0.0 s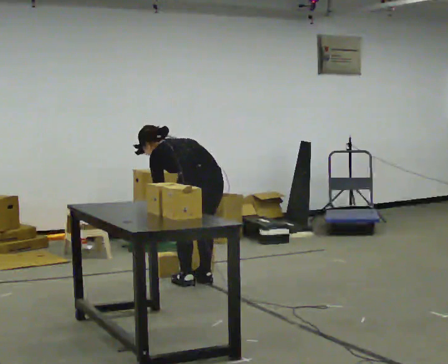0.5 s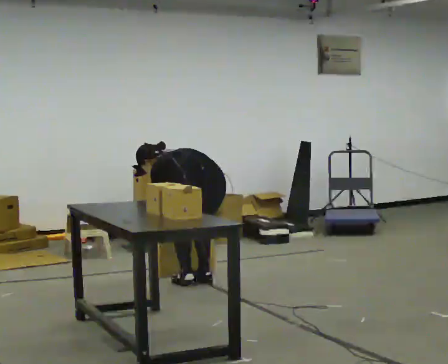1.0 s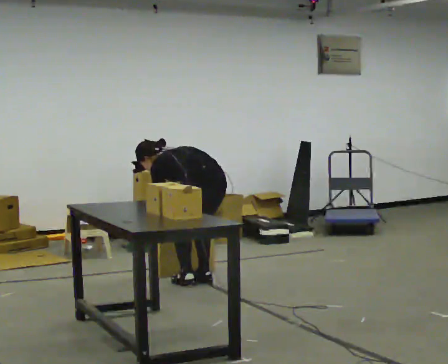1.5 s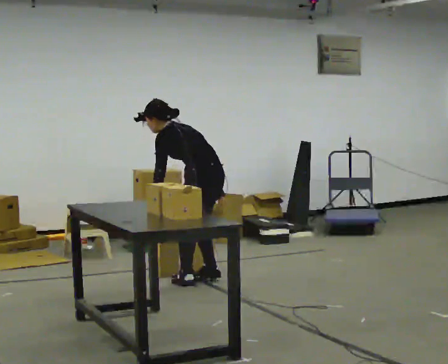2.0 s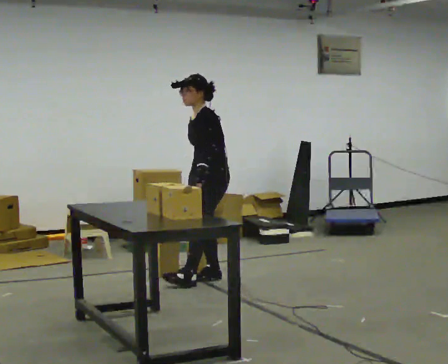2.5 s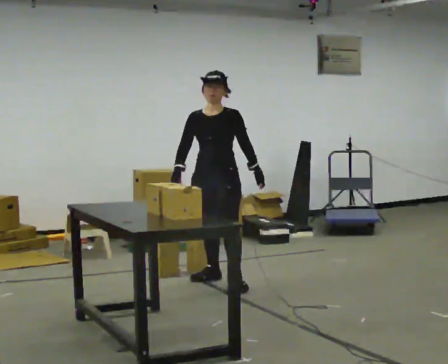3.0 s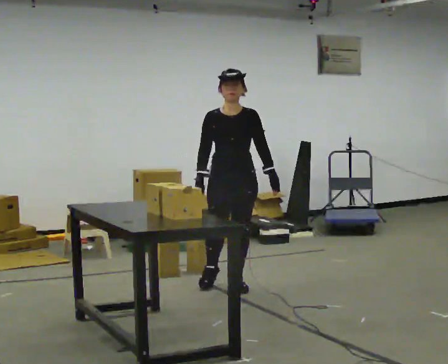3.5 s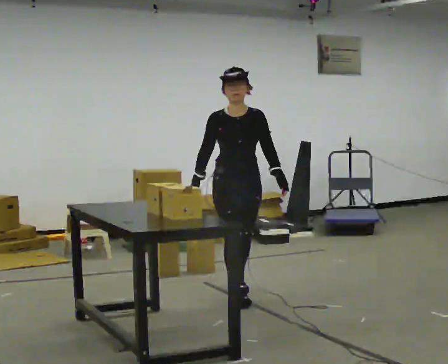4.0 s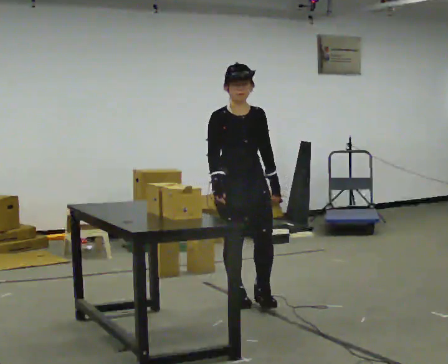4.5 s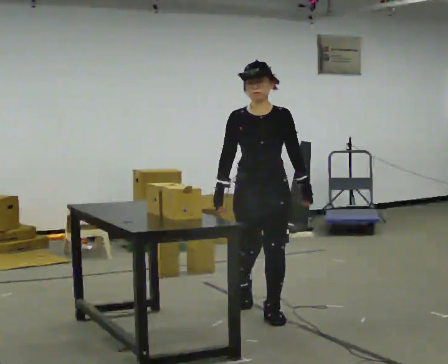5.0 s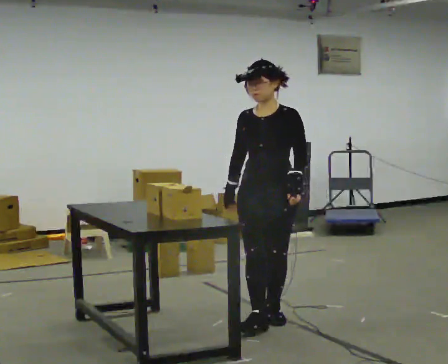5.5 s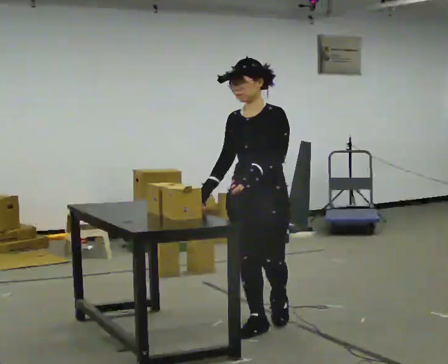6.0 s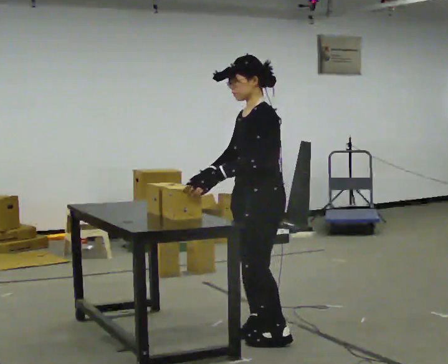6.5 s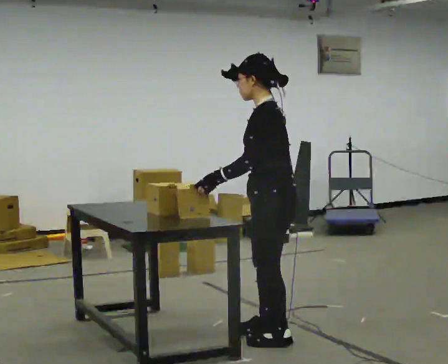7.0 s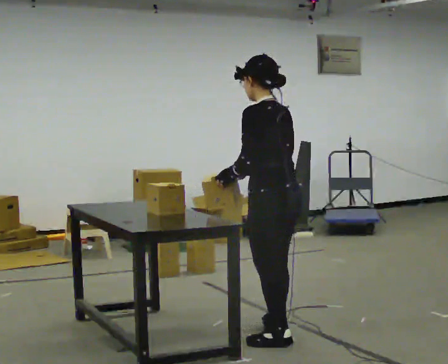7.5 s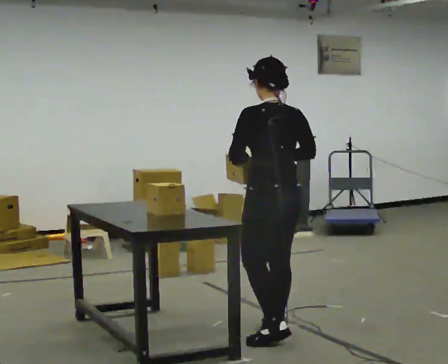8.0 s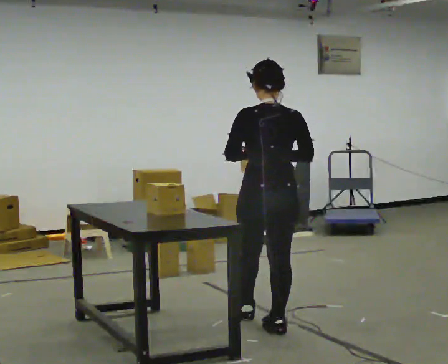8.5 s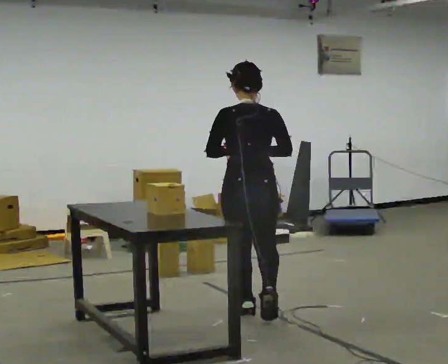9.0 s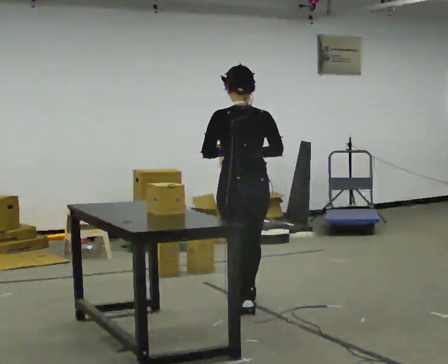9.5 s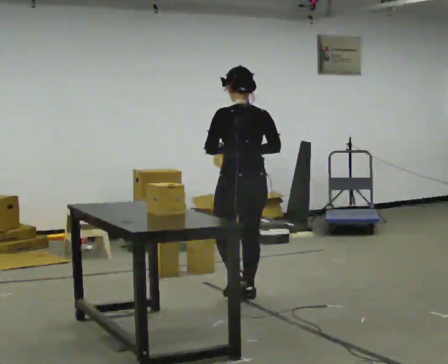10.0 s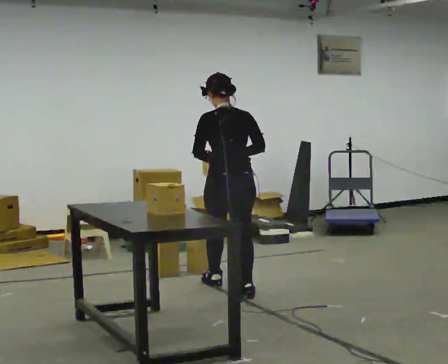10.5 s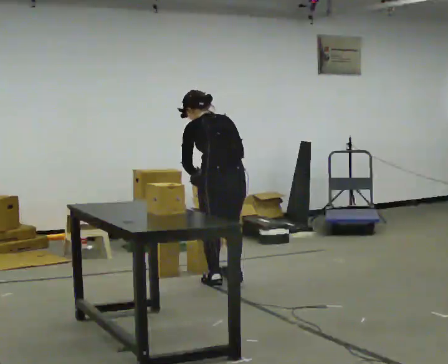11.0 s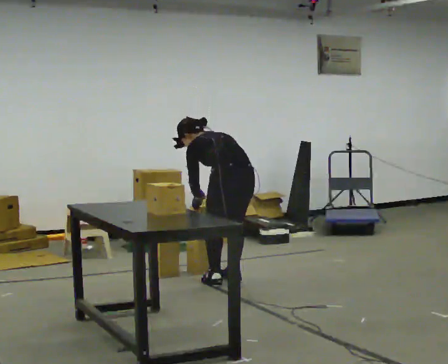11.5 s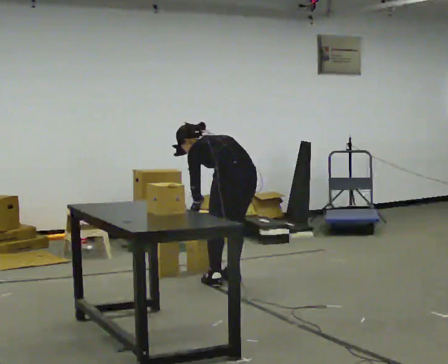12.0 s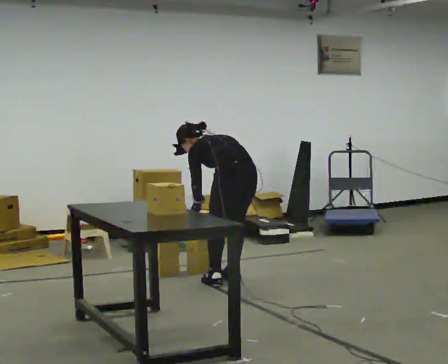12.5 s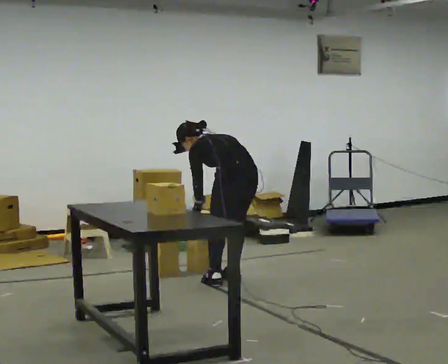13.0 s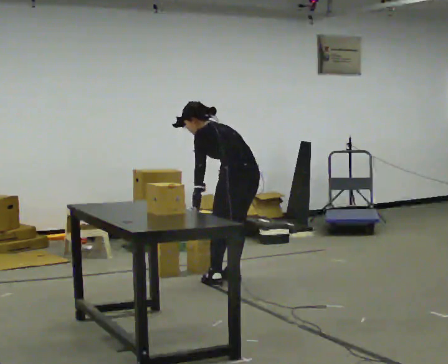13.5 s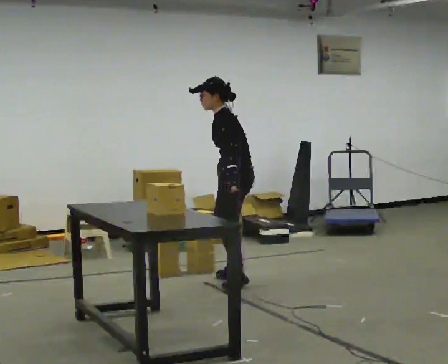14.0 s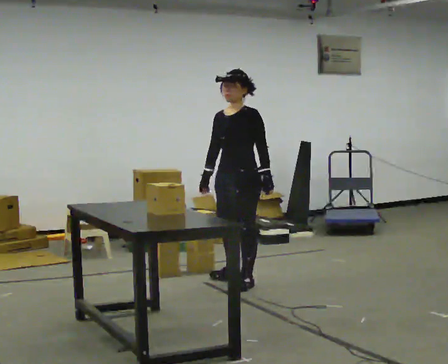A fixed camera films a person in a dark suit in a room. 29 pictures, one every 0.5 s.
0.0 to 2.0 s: The person turns about 75 degrees to their left, counterclockwise seen from above, so the part of the body nearest the lens slides to the right. In the picture they go away from the camera, about 0.25 m in 1 step. The upper body tips toward the camera, its near side rolling downward, as they lean back or straighten. In the picture their left hand goes upward.
2.0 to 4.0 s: The person turns about 90 degrees to their left, counterclockwise seen from above, so the part of the body nearest the lens slides to the right. In the picture they go toward the camera, about 1 m in 2 steps.
4.0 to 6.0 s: The person turns about 90 degrees to their right, clockwise seen from above, so the part of the body nearest the lens slides to the left. In the picture they go toward the camera, about 0.5 m in 3 steps.
6.0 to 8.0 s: Seen from above the body turns clockwise, about 105 degrees: to their right, with its near side sliding to the left. In the picture they go away from the camera, about 0.25 m. In the picture their right hand goes to the right.
8.0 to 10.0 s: In the picture they go away from the camera, about 1 m in 3 steps, which for them is forward.
10.0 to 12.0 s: In the picture they go away from the camera, about 0.25 m in 1 step, which for them is forward and to their right. The shoulders move downward. The upper body tips away from the camera, its near side rolling upward, as they bend forward. In the picture their left hand goes downward.
12.0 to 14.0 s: The person turns about 90 degrees to their left, counterclockwise seen from above, so the part of the body nearest the lens slides to the right. The shoulders move upward. The upper body tips toward the camera, its near side rolling downward, as they lean back or straighten. In the picture their left hand goes to the right.
The film runs forward here.
